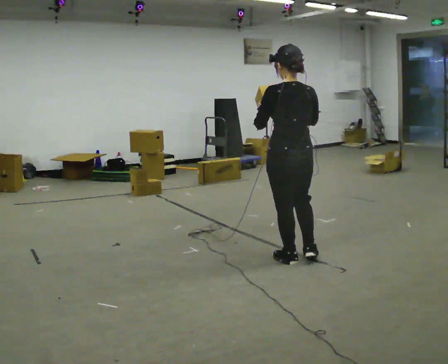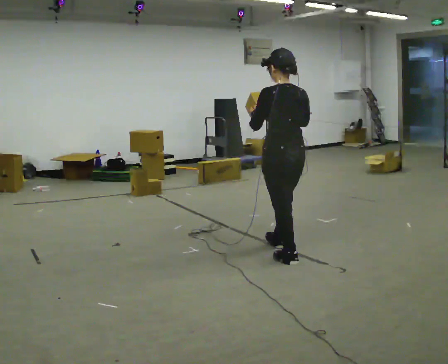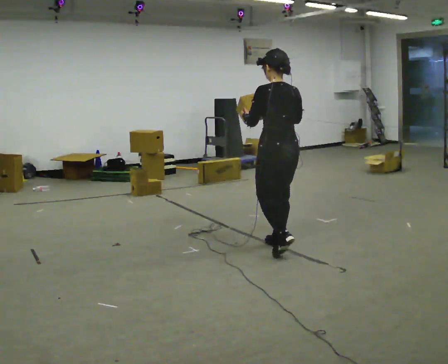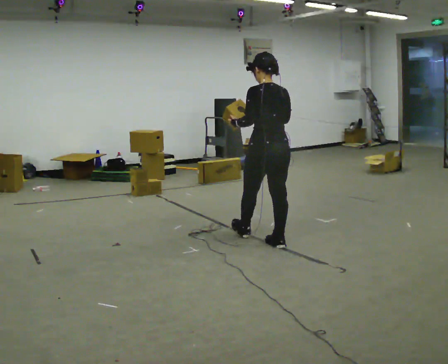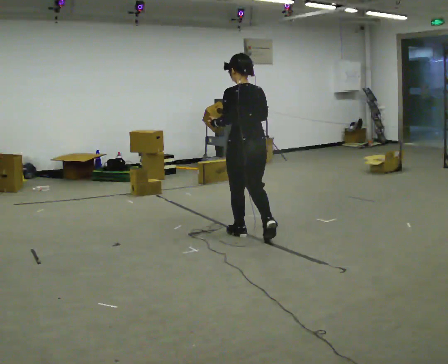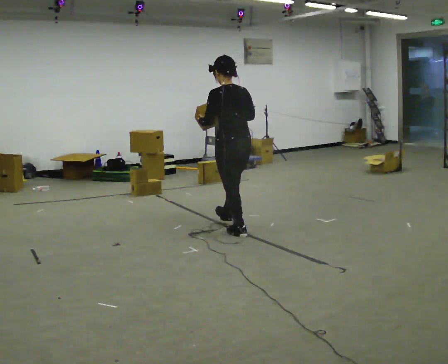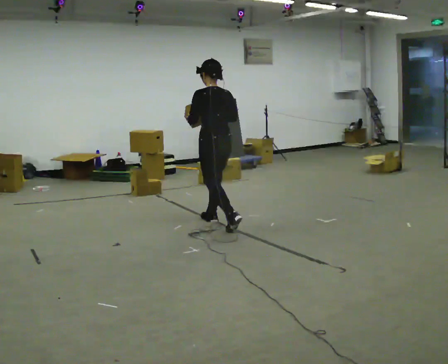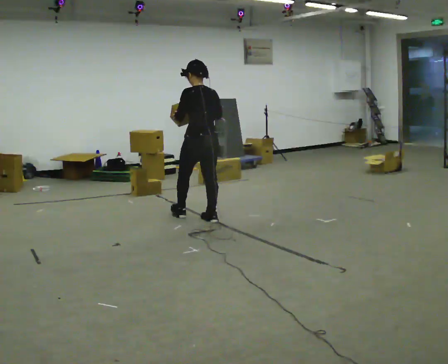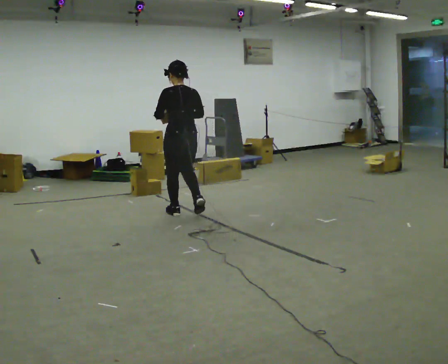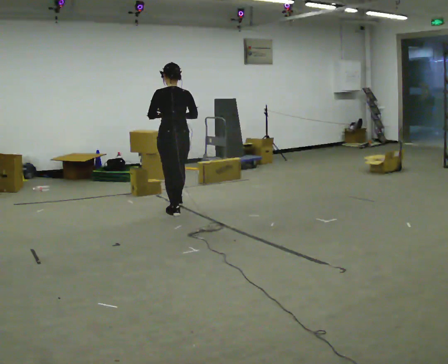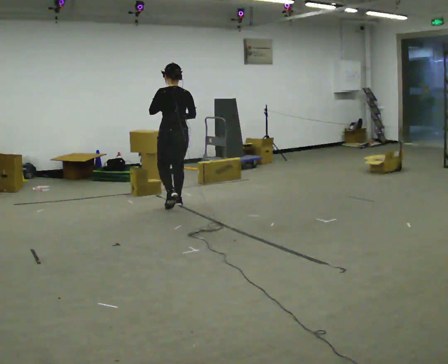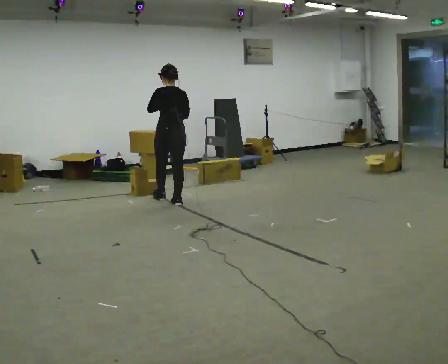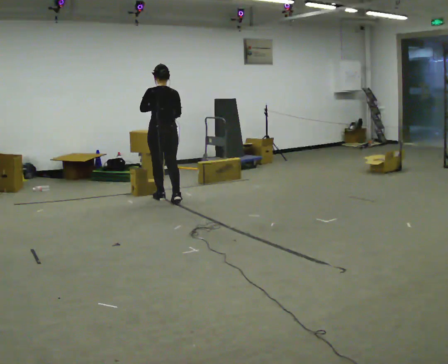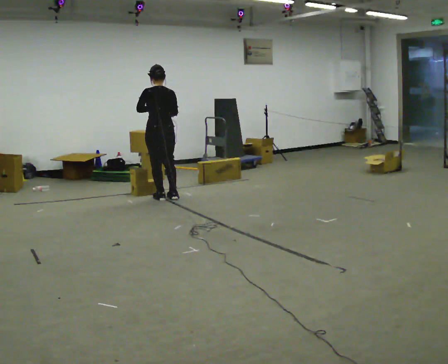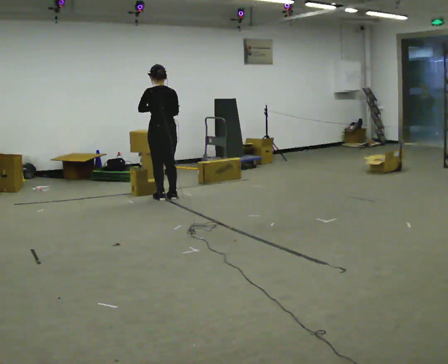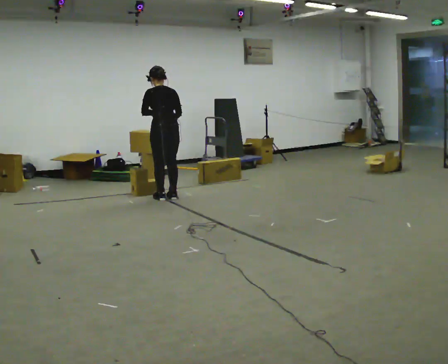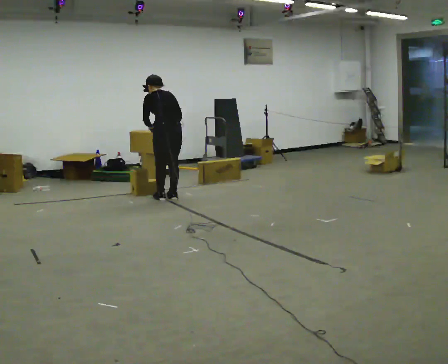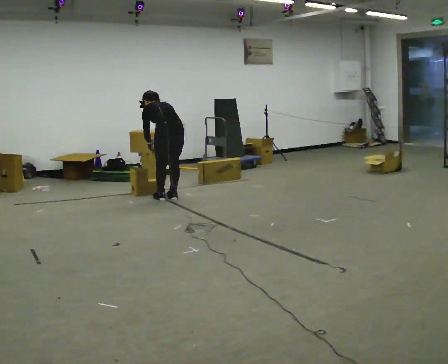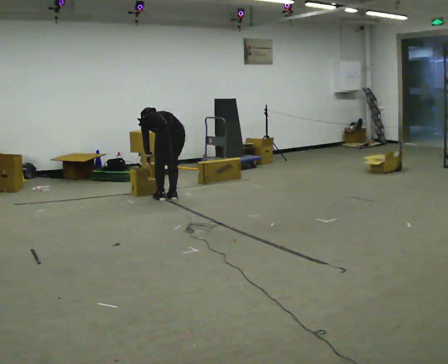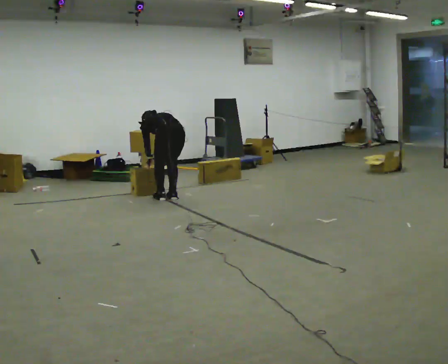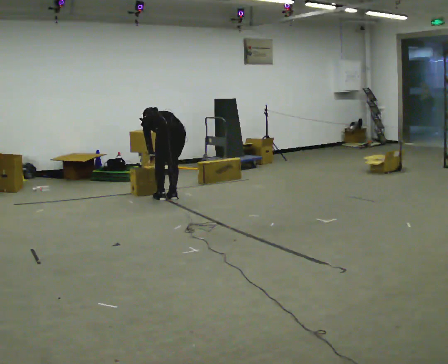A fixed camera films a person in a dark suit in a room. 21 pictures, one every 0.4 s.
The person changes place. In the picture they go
away from the camera.
0.0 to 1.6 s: In the picture they go away from the camera and to the left, about 0.5 m in 2 steps, which for them is forward.
1.6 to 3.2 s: In the picture they go away from the camera and to the left, about 1 m in 2 steps, which for them is forward.
3.2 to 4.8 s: In the picture they go away from the camera, about 0.5 m in 2 steps, which for them is forward.
4.8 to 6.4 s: The upper body tips away from the camera, its near side rolling upward, as they bend forward.
6.4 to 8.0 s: The upper body goes downward. The upper body tips away from the camera, its near side rolling upward, as they bend forward. In the picture their right hand goes downward.
The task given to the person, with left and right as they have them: Carry the box and, while you are still walking, turn it so you can read the label, read it out loud, then carry on. Repeat with the next box. Do not stop to read it.
The film runs forward here.
